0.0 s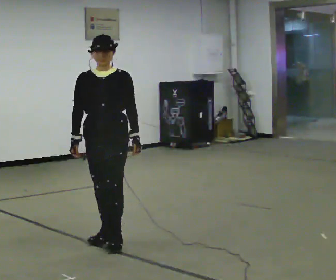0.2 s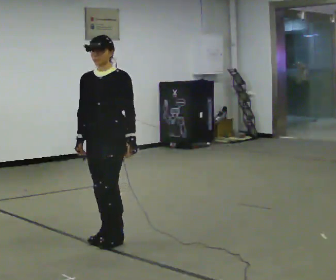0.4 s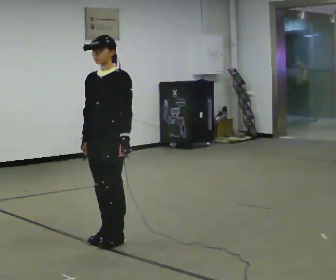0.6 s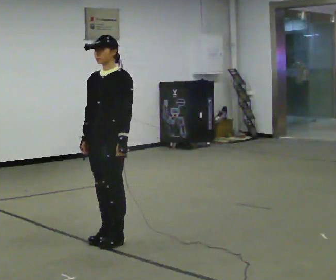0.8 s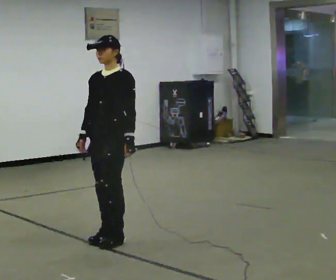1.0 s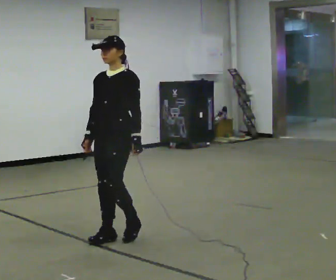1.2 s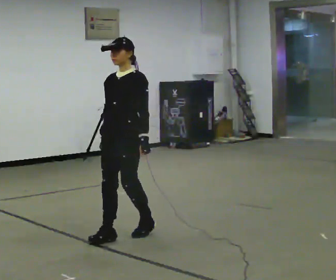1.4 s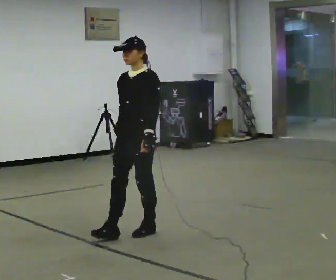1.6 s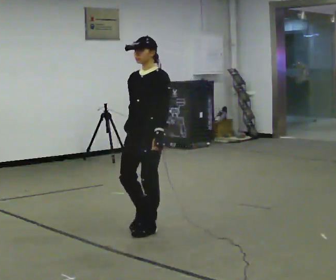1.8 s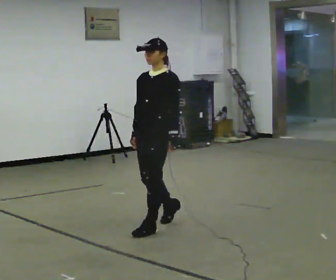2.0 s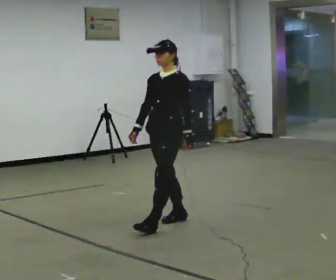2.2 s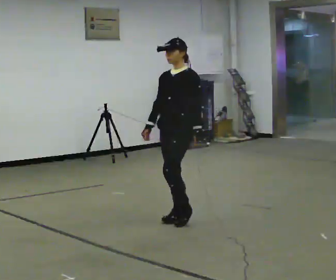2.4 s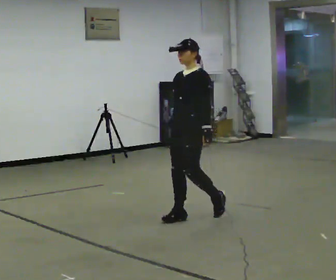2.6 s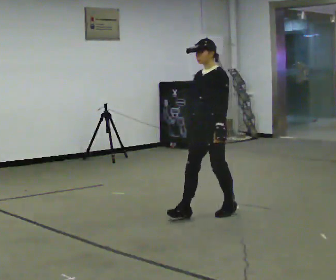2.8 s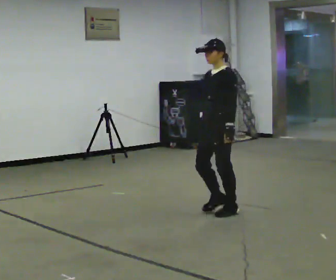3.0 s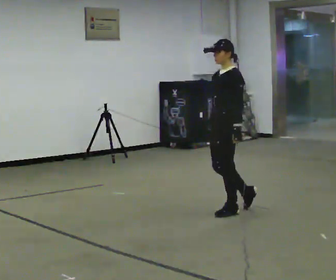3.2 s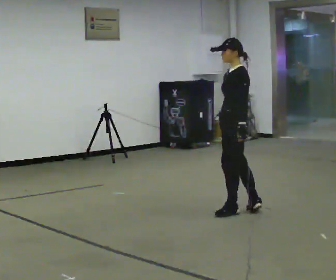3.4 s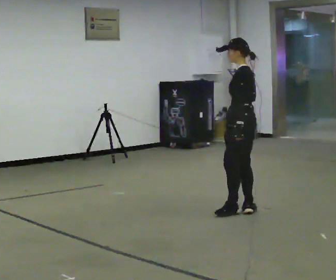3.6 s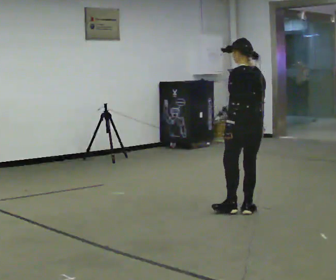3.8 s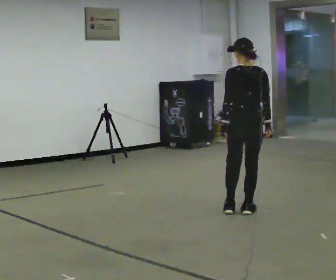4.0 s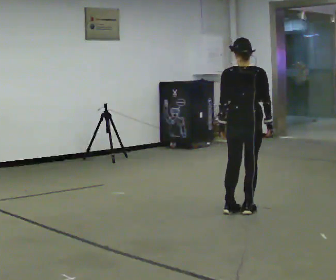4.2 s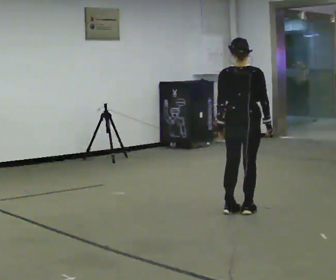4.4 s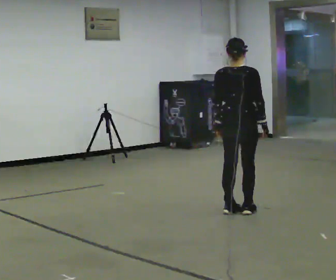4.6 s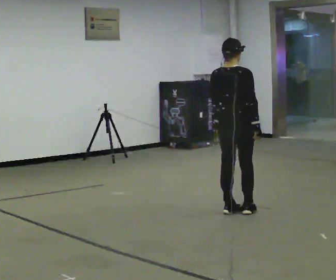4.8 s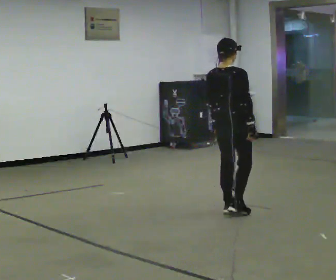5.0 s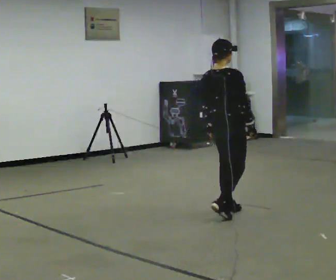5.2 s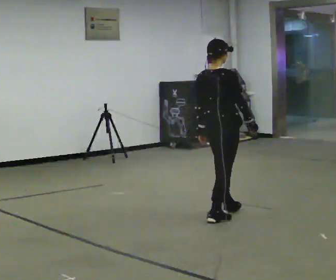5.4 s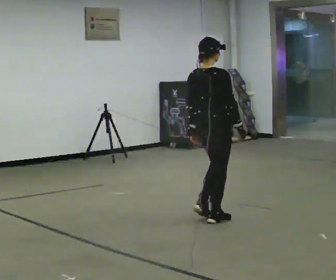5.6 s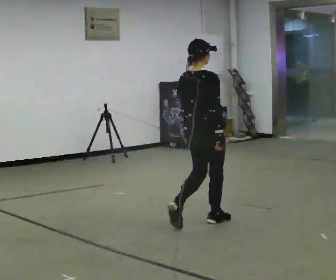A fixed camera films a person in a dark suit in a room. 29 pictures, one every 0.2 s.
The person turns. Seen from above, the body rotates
clockwise.
The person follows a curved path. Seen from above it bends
clockwise.
0.0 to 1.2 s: The part of the body nearest the lens slides to the left as the person turns to their right by about 30 degrees. In the picture they go away from the camera, about 0.25 m in 1 step, which for them is backward.
1.2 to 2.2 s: In the picture they go away from the camera and to the right, about 0.75 m in 2 steps, which for them is backward.
2.2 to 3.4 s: The person turns about 60 degrees to their right, clockwise seen from above, so the part of the body nearest the lens slides to the left. In the picture they go to the right and away from the camera, about 0.75 m in 1 step.
3.4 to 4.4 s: The person turns about 90 degrees to their right, clockwise seen from above, so the part of the body nearest the lens slides to the left.
4.4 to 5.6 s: In the picture they go toward the camera and to the left, about 0.5 m in 2 steps, which for them is backward.
The film runs backward here.
